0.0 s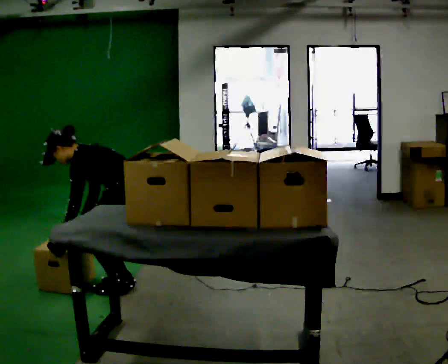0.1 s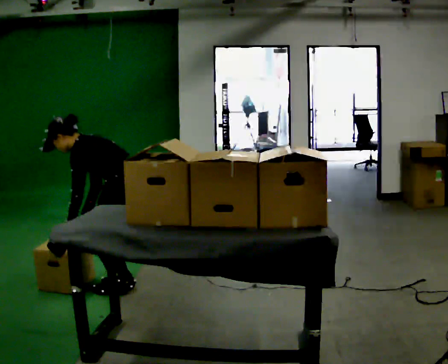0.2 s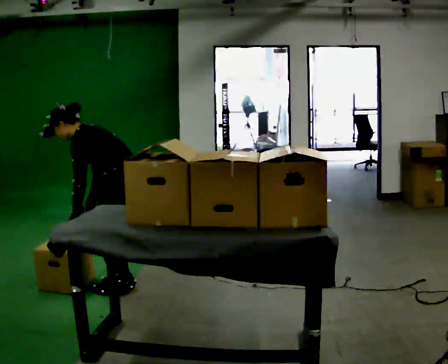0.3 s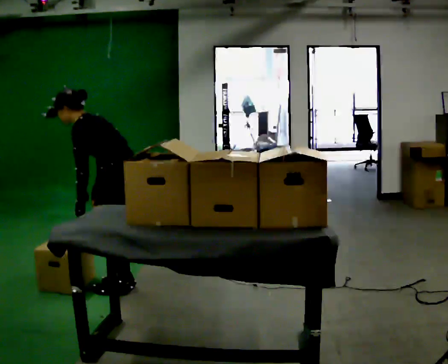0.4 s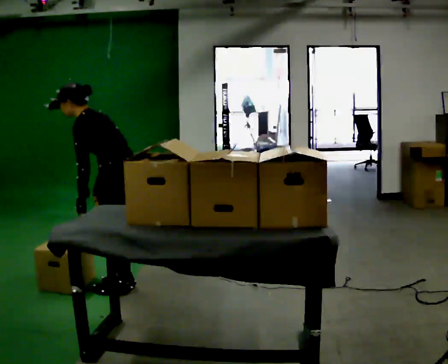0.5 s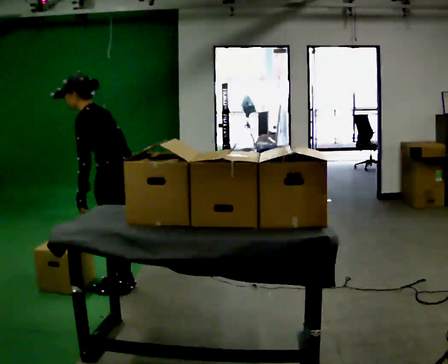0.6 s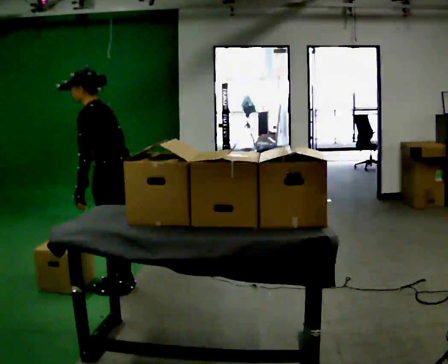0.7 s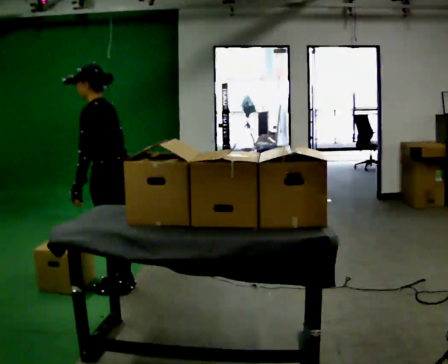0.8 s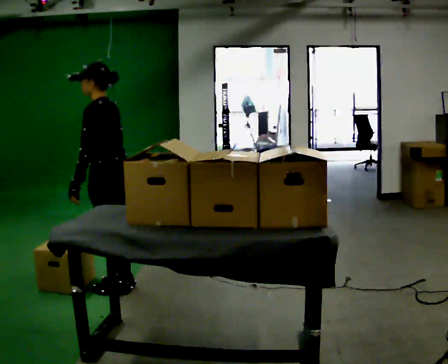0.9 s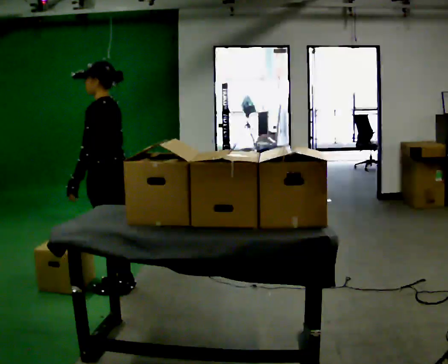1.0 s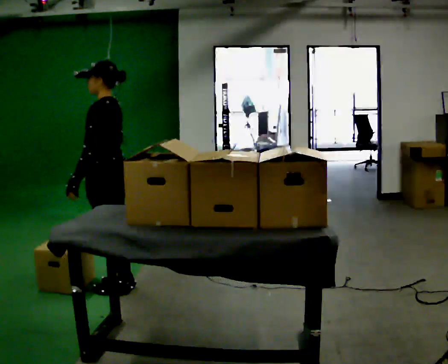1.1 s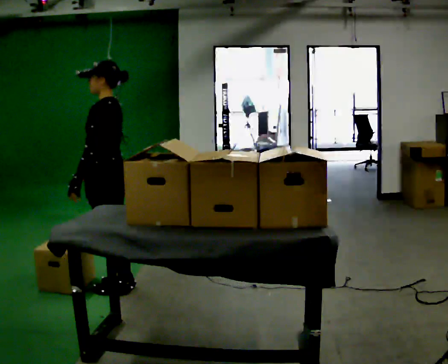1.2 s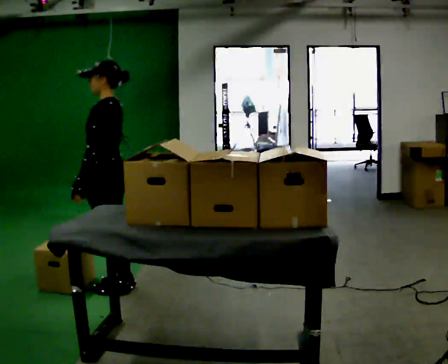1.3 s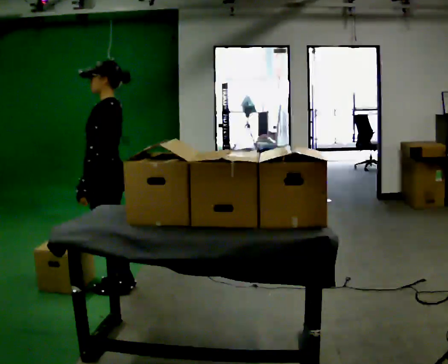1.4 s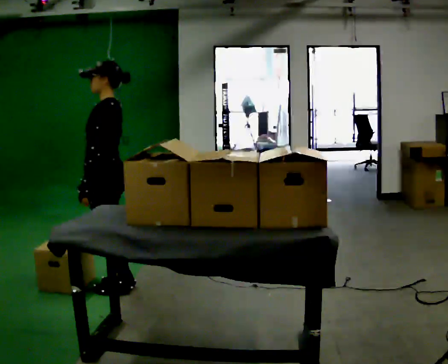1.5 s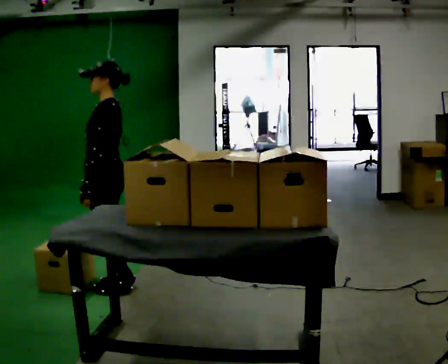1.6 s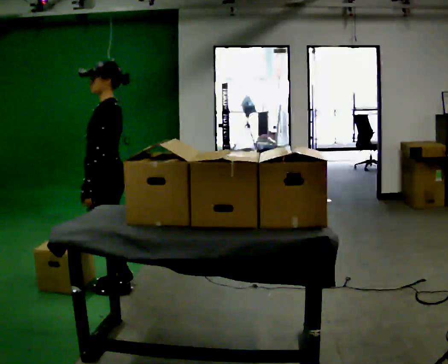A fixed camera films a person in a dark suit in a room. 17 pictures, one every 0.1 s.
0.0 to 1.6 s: The upper body goes upward. In the picture the upper body tilts clockwise, shoulders to the right, as they lean back or straighten. In the picture their left hand goes upward.
The film runs forward here.
